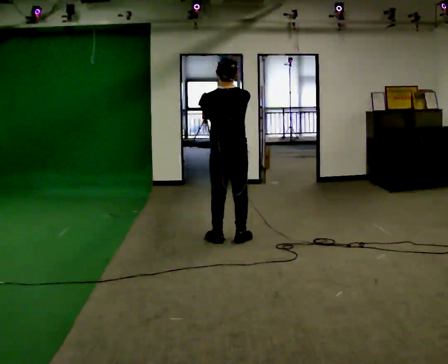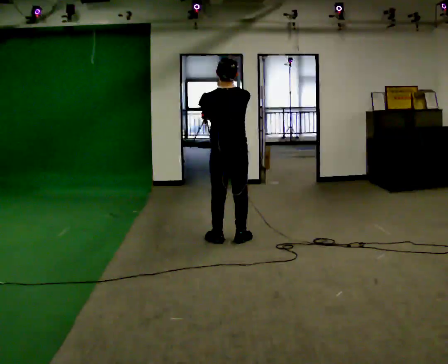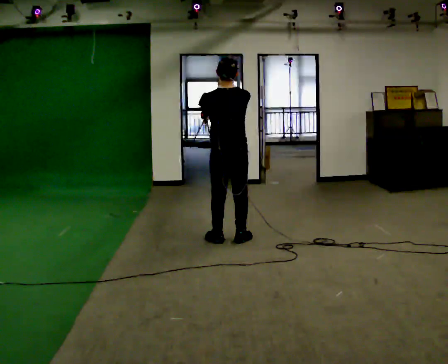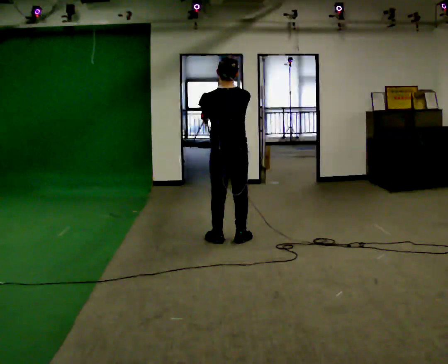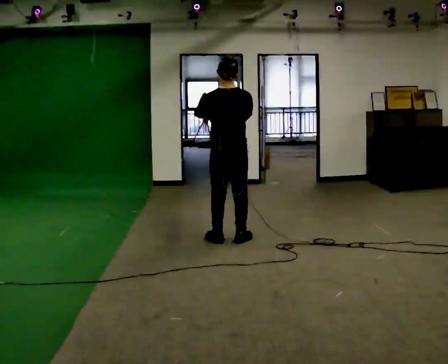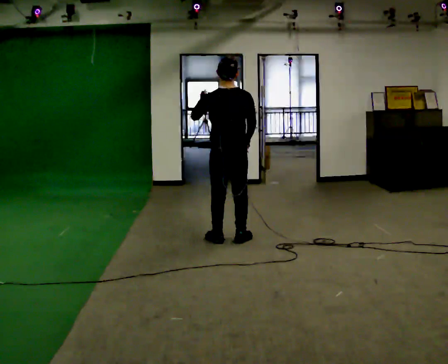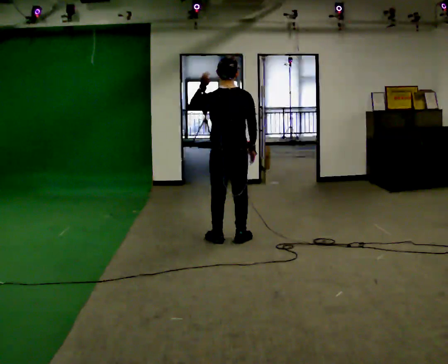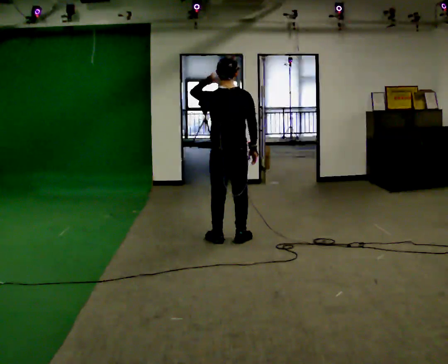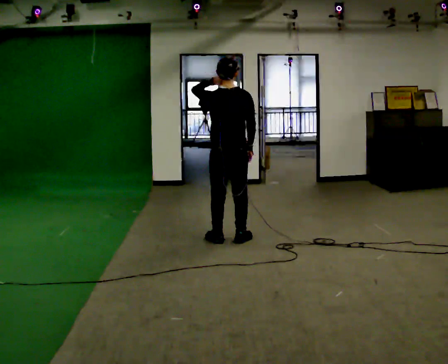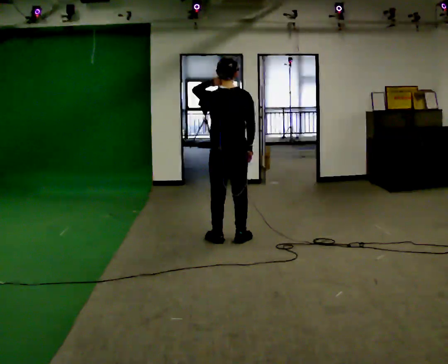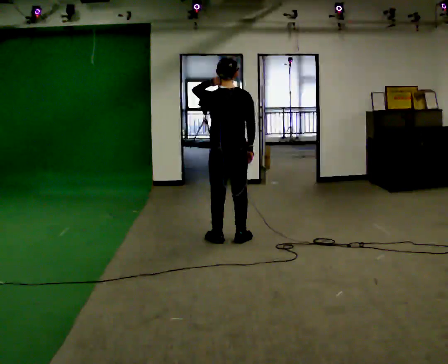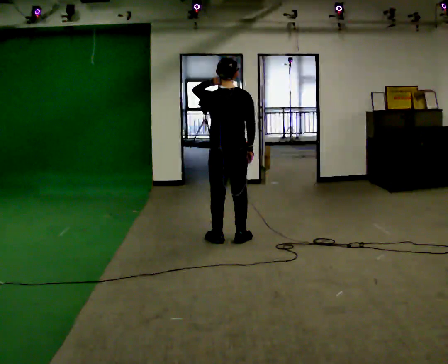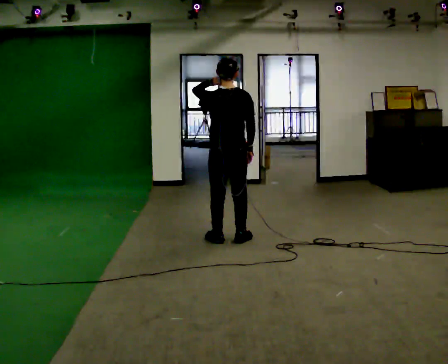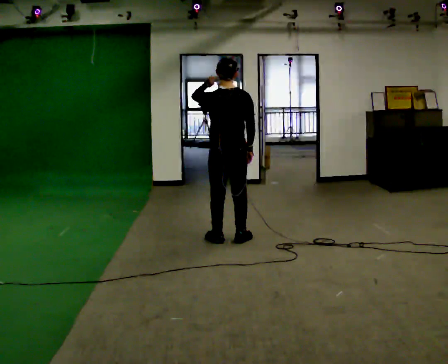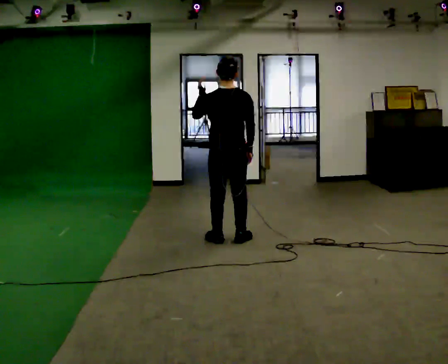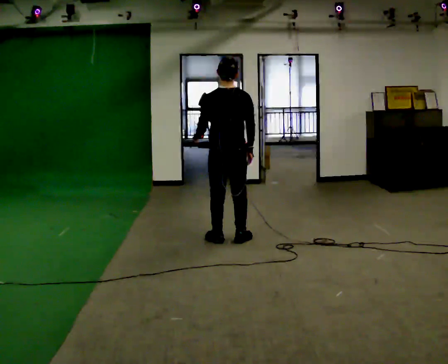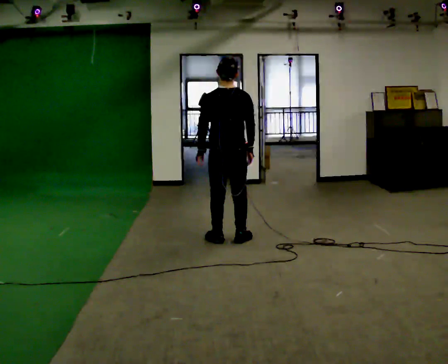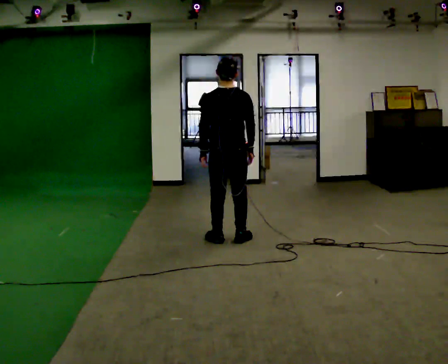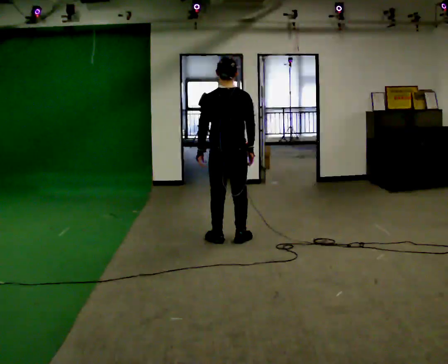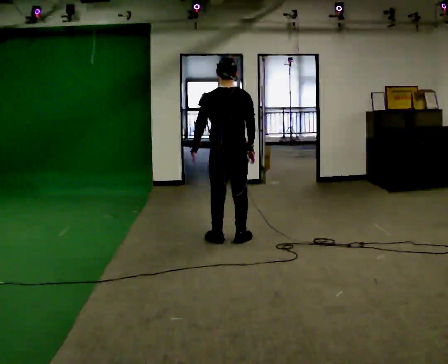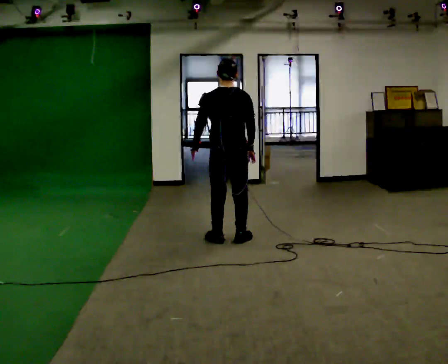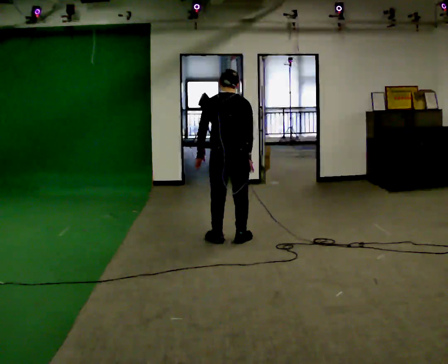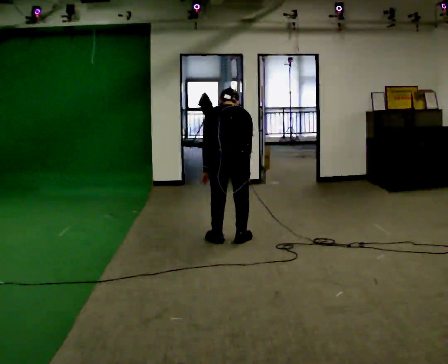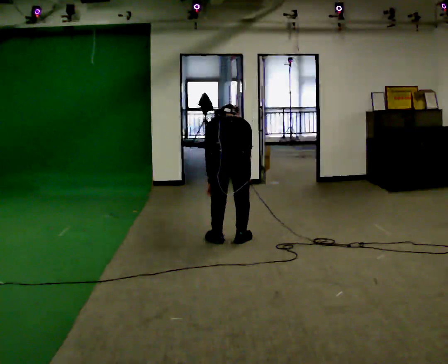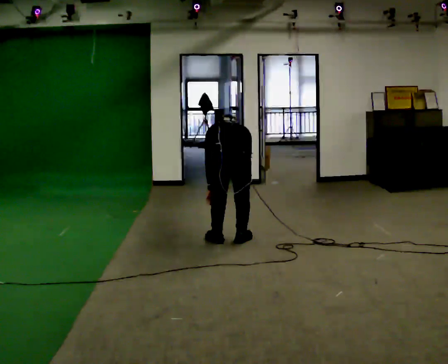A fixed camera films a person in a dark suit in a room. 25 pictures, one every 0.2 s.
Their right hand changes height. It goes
downward.
The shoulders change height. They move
downward.
0.0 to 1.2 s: In the picture their right hand goes downward.
1.2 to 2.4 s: The person moves a little, or ends about where they began.
2.4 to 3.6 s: In the picture their left hand goes downward.
3.6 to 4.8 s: In the picture they go toward the camera, about 0.25 m, which for them is backward. The shoulders move downward. The upper body tips away from the camera, its near side rolling upward, as they bend forward. In the picture their right hand goes downward.
The film runs forward here.
